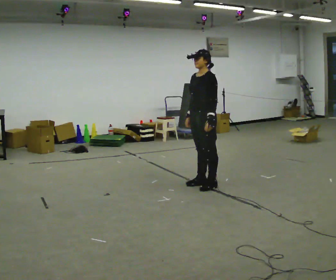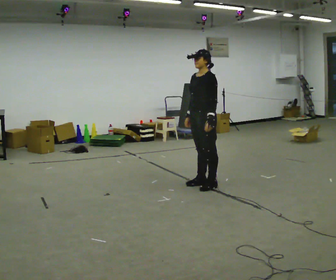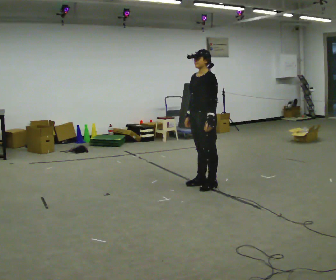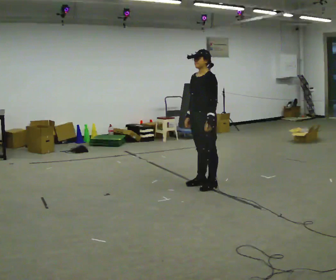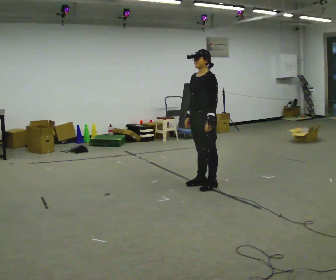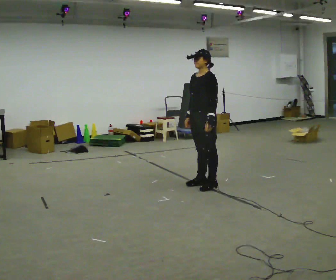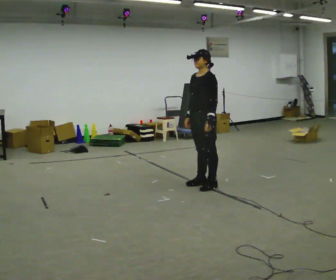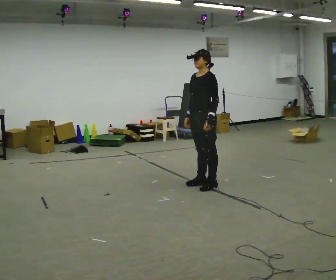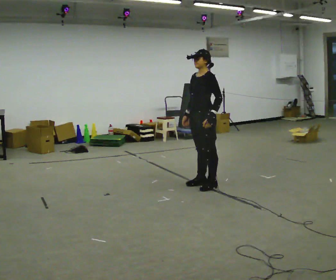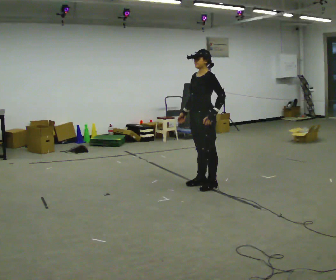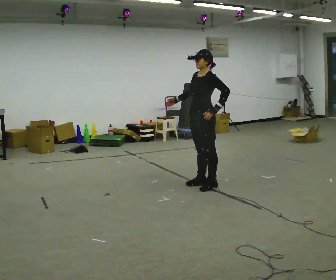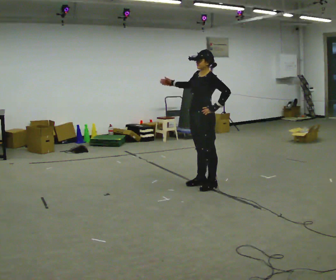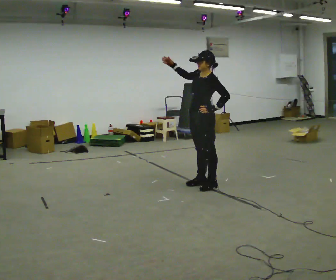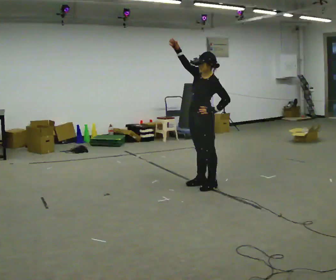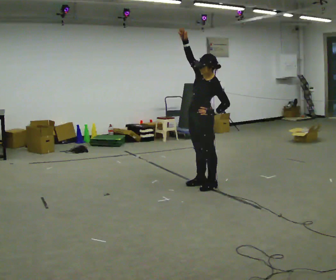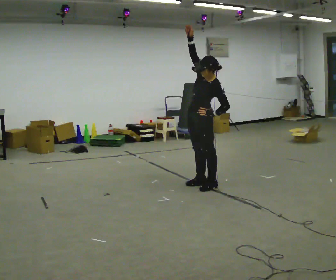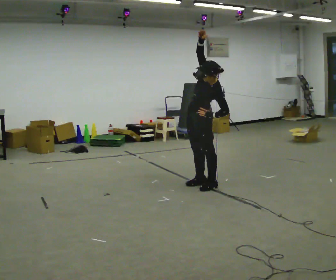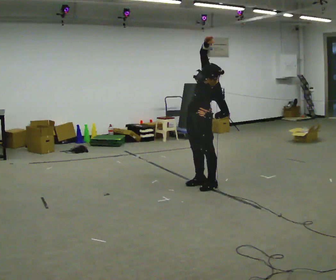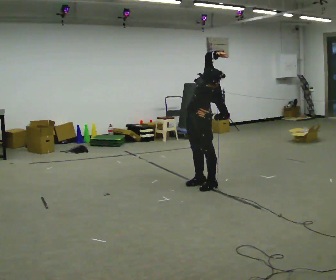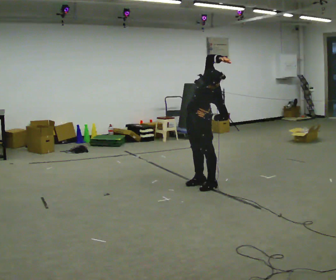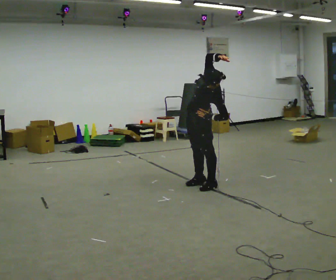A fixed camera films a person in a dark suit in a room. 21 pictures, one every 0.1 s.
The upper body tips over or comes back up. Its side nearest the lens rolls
downward.
0.0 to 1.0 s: The person moves a little, or ends about where they began.
1.0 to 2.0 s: The upper body tips toward the camera, its near side rolling downward. In the picture their right hand goes upward and to the right.
The film runs forward here.
